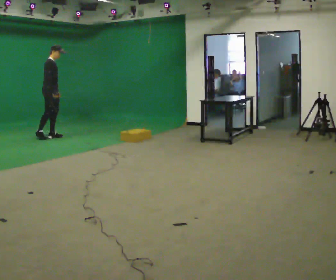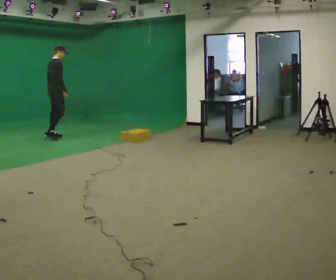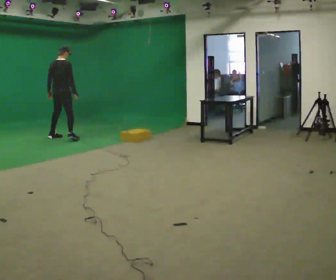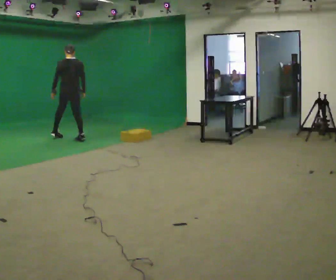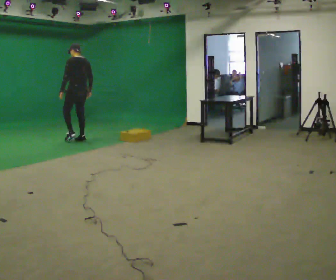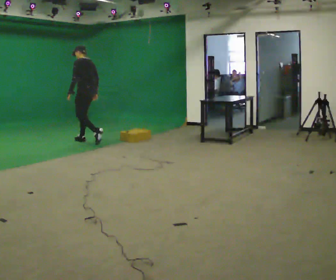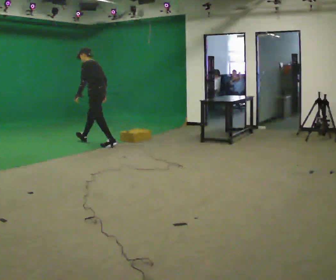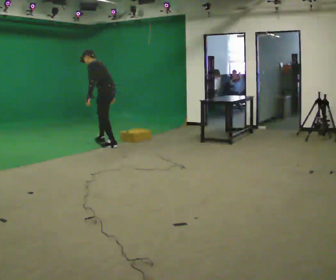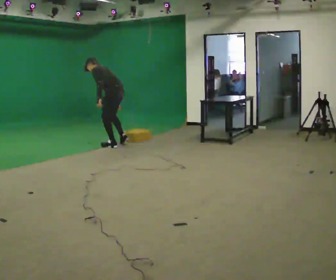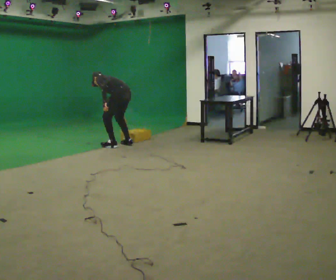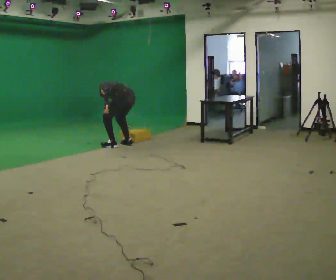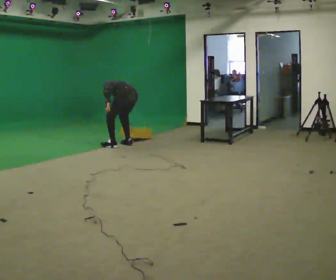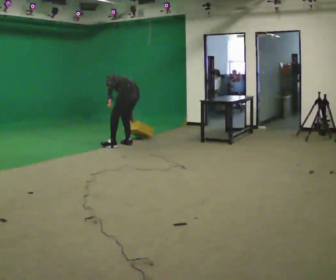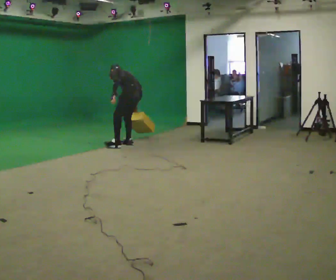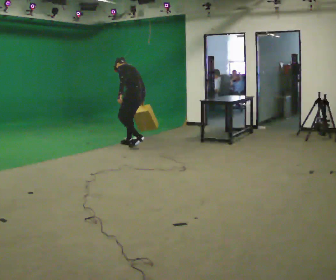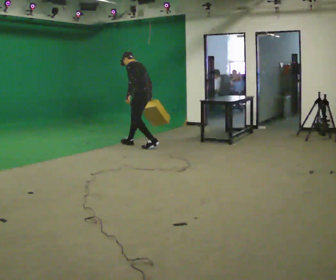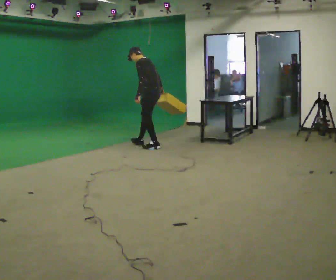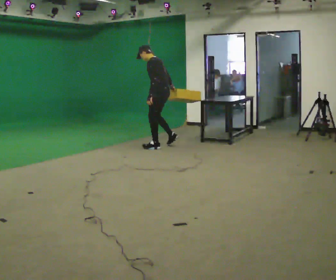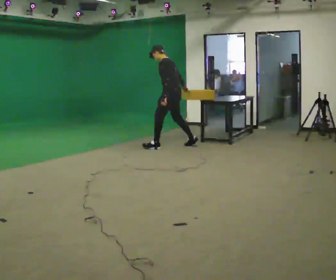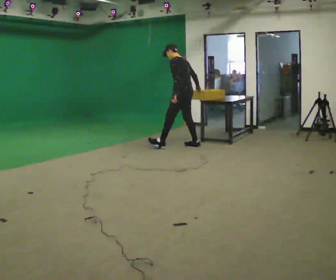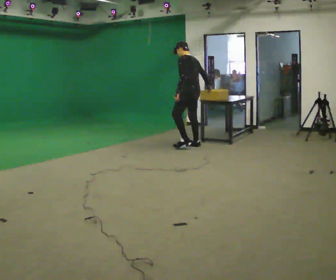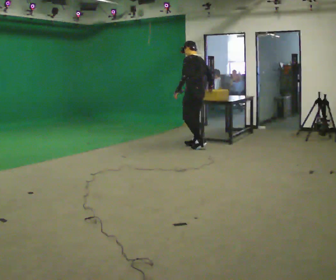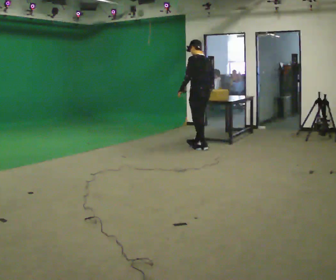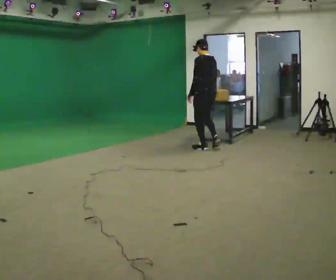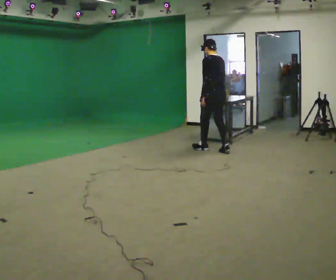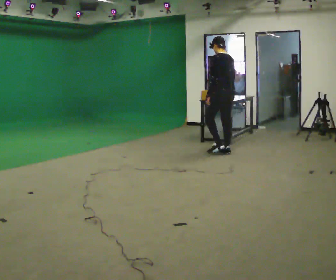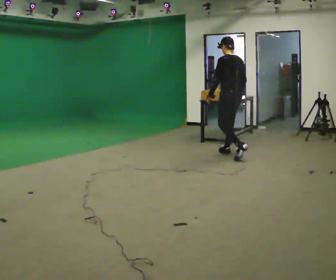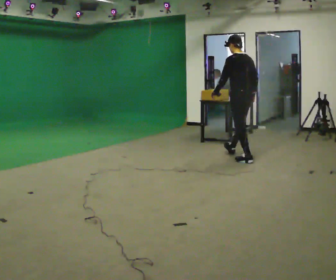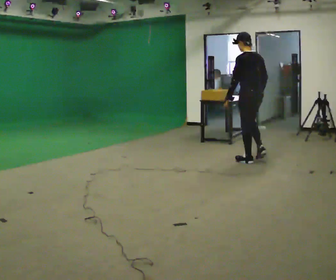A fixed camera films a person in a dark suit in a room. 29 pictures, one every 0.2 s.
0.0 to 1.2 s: Seen from above the body turns counterclockwise, about 165 degrees: to their left, with its near side sliding to the right. In the picture they go to the right and toward the camera, about 1 m in 2 steps. In the picture the upper body tilts counterclockwise, shoulders to the left.
1.2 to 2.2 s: In the picture they go to the right, about 0.5 m, which for them is backward. The shoulders move downward. The upper body tips away from the camera, its near side rolling upward, as they bend forward.
2.2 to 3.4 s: In the picture they go to the right, about 0.5 m in 2 steps, which for them is backward and to their right. The upper body goes upward. The upper body tips toward the camera, its near side rolling downward, as they lean back or straighten.
3.4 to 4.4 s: Seen from above the body turns clockwise, about 30 degrees: to their right, with its near side sliding to the left. In the picture they go to the right, about 0.75 m in 2 steps, which for them is backward. In the picture the upper body tilts clockwise, shoulders to the right.
4.4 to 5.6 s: In the picture they go toward the camera and to the right, about 1 m in 2 steps, which for them is backward.
The film runs backward here.
